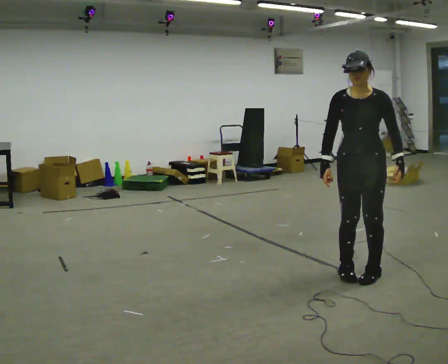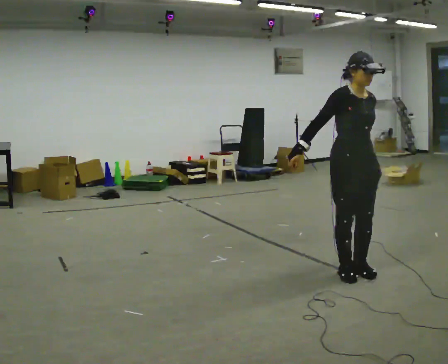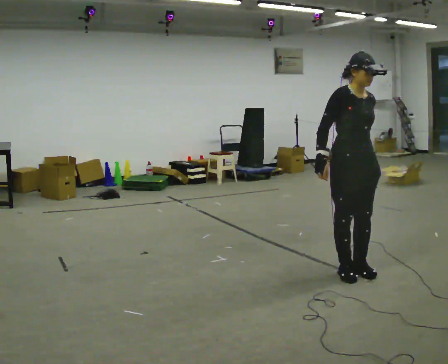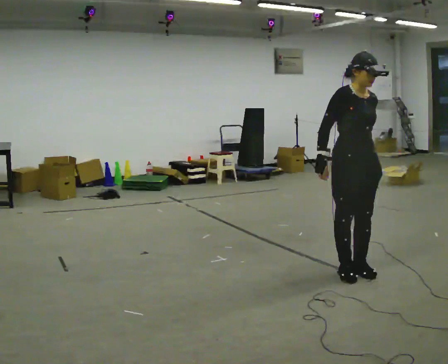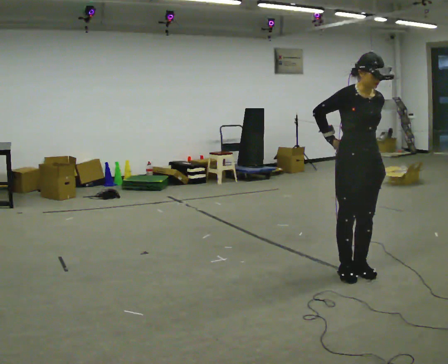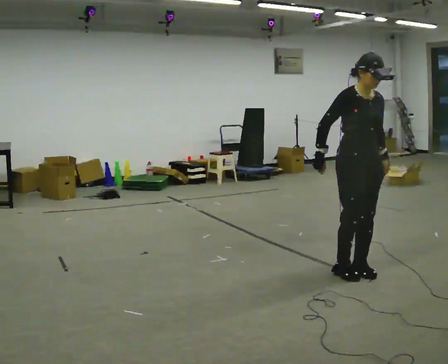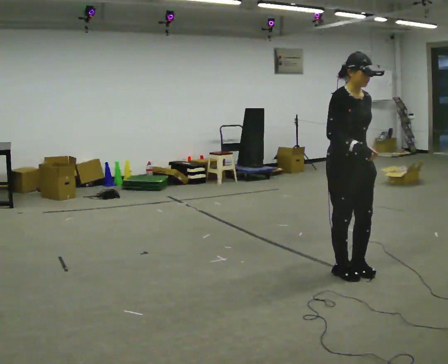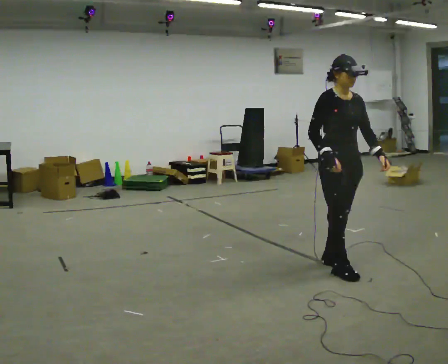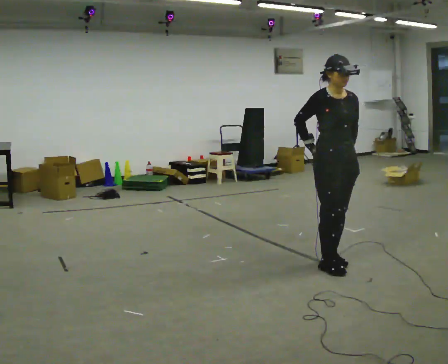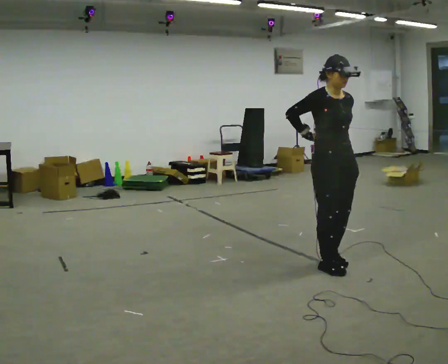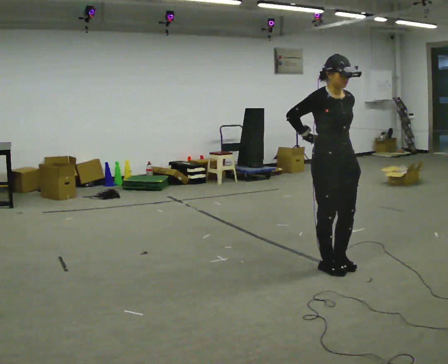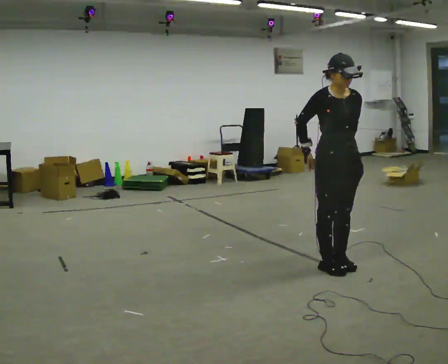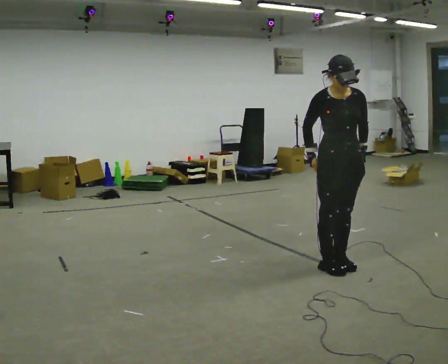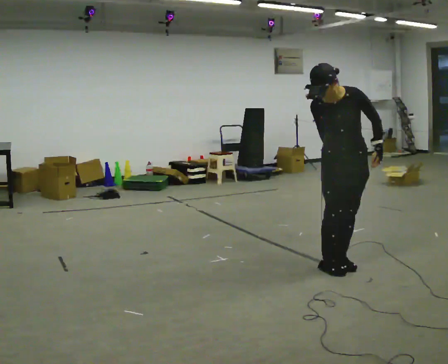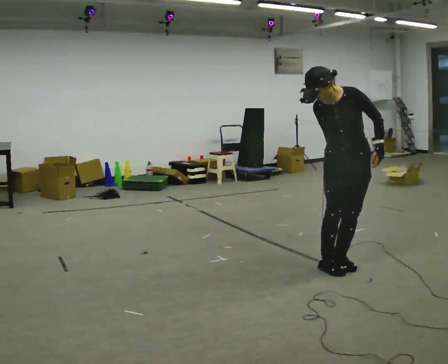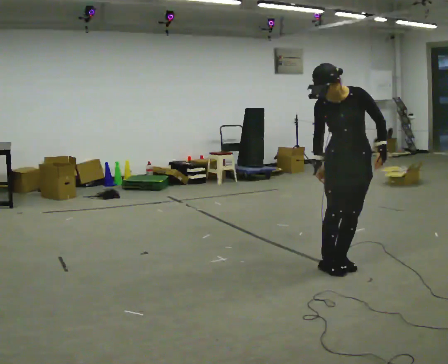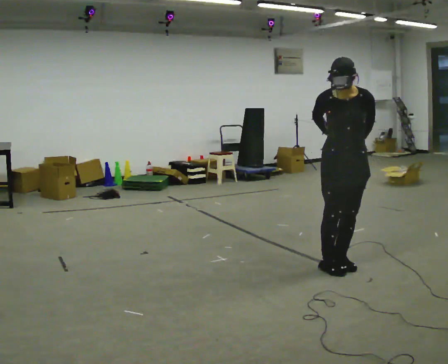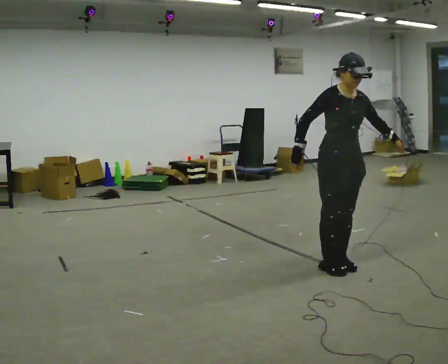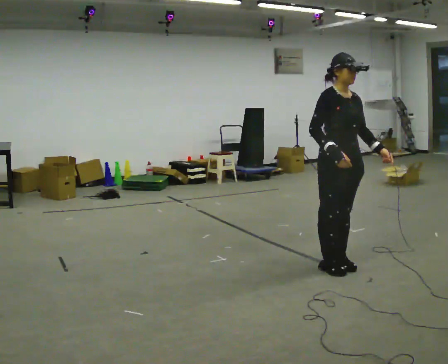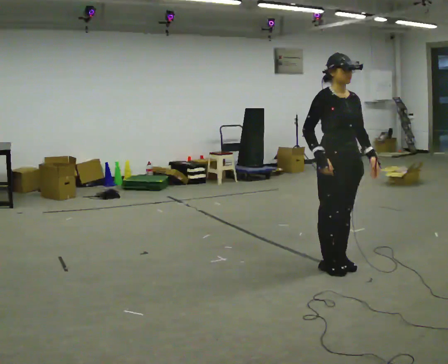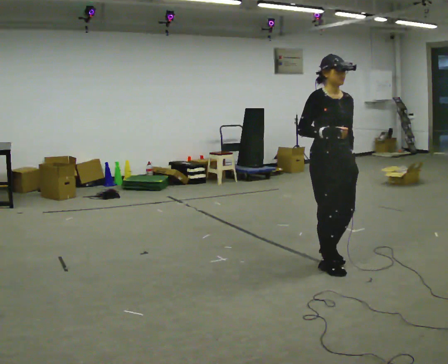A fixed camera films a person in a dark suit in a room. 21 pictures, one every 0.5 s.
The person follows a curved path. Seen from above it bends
counterclockwise.
0.0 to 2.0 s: The person turns about 30 degrees to their left, counterclockwise seen from above, so the part of the body nearest the lens slides to the right.
2.0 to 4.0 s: In the picture they go away from the camera and to the left, about 0.25 m in 2 steps, which for them is backward.
4.0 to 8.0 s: The person moves a little, or ends about where they began.
8.0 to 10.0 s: The person turns about 30 degrees to their left, counterclockwise seen from above, so the part of the body nearest the lens slides to the right.
The film runs forward here.
